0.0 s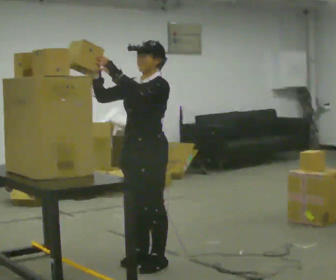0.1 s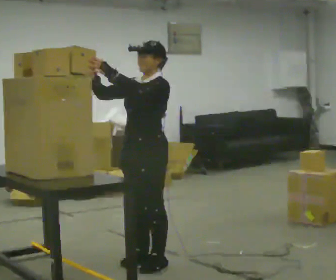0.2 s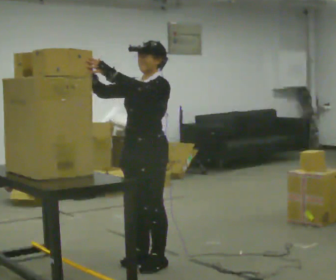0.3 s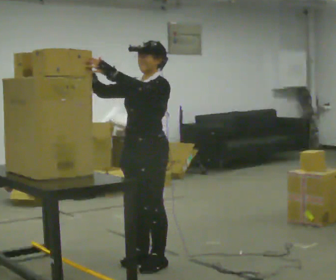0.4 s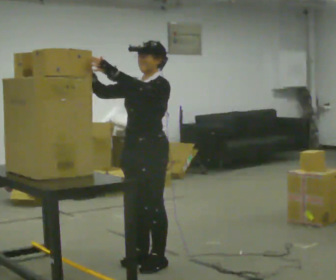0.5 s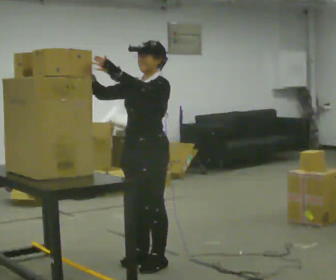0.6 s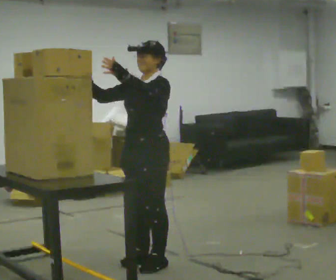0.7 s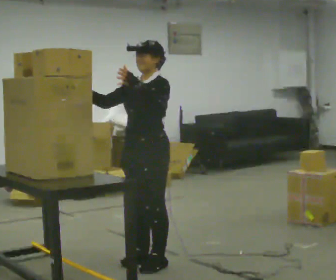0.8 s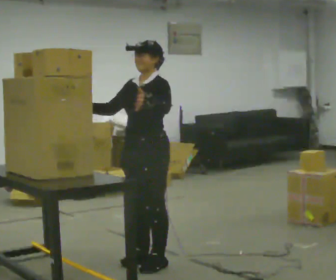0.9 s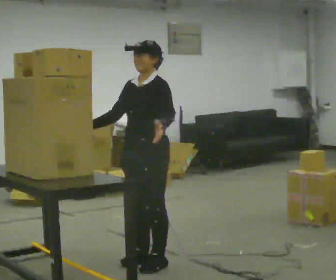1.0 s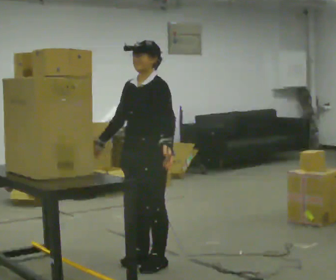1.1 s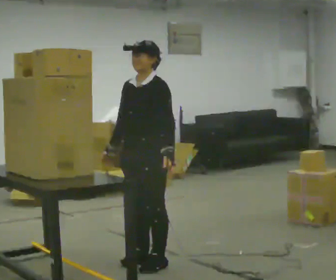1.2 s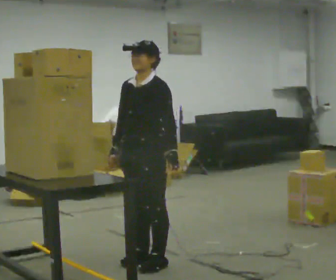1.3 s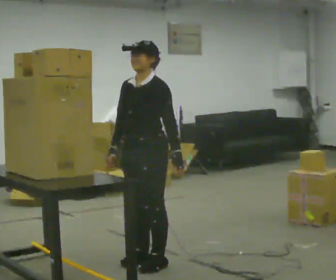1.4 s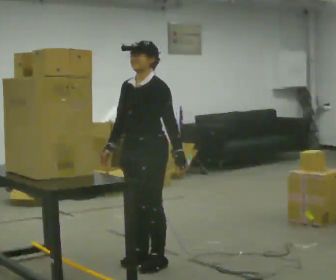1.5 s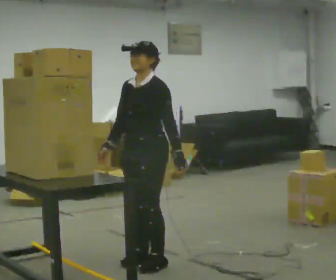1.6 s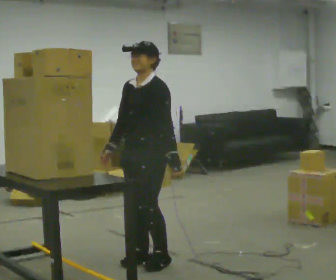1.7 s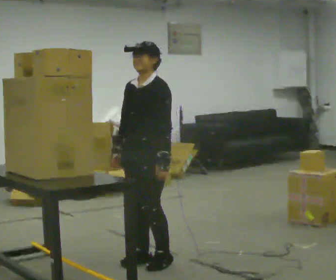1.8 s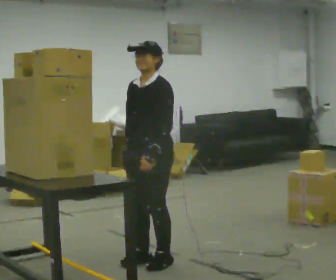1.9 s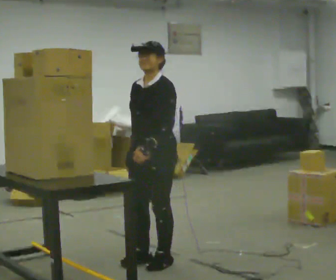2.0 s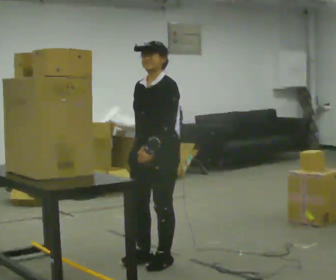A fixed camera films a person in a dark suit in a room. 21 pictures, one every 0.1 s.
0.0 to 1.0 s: In the picture their right hand goes downward, the arm swinging counterclockwise.
1.0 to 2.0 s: In the picture their right hand goes to the right.
The film runs backward here.
